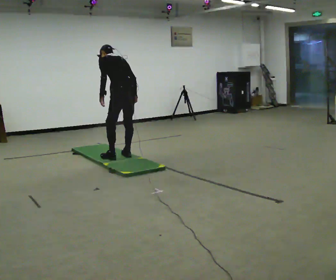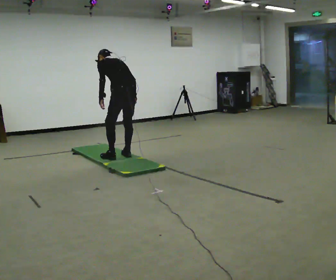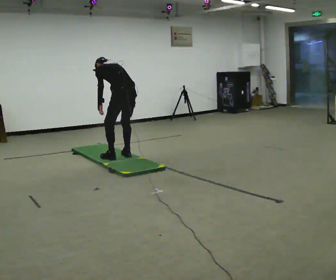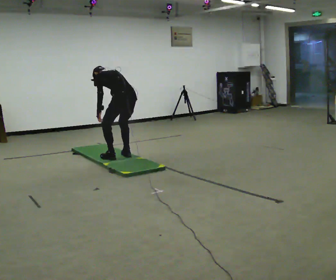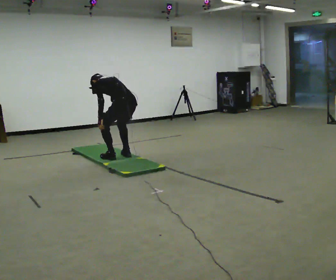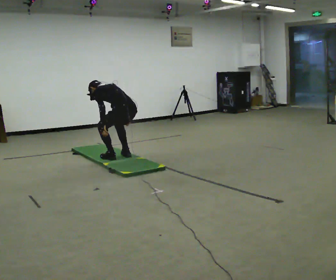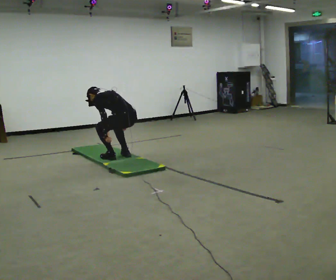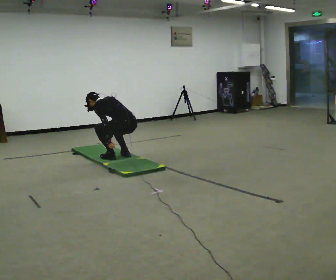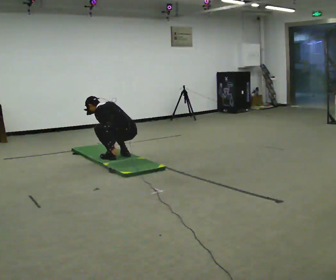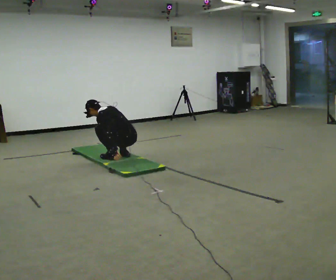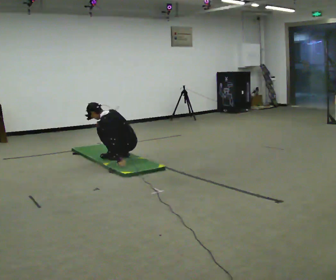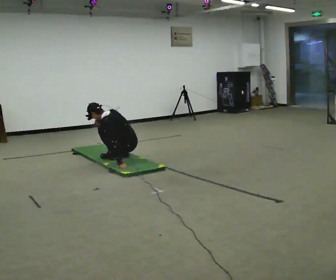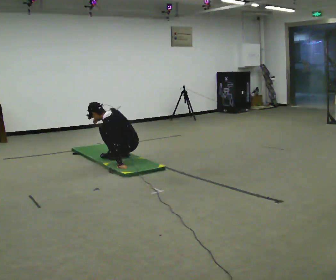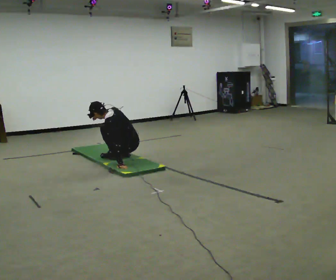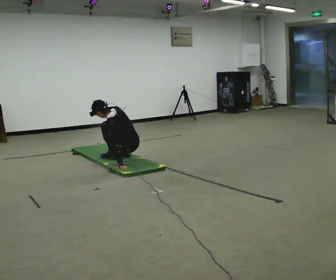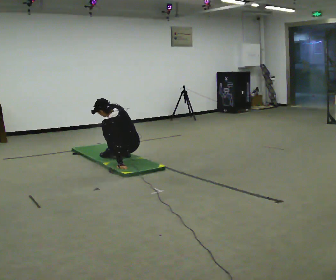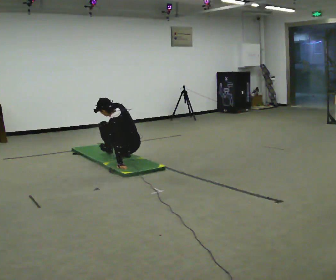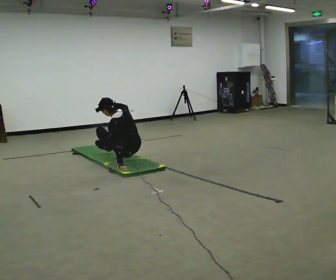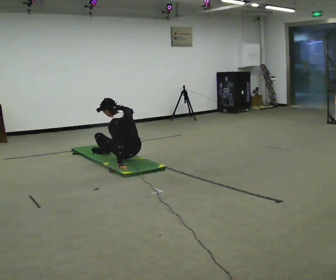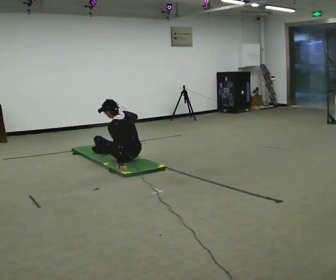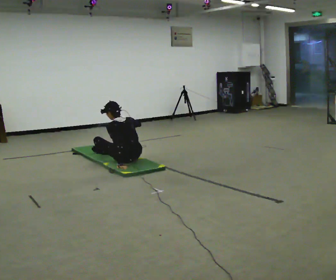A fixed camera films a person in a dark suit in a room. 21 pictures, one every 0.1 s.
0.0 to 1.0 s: The shoulders move downward. In the picture their right hand goes to the left and downward.
1.0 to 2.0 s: In the picture their right hand goes to the right.
The film runs forward here.
